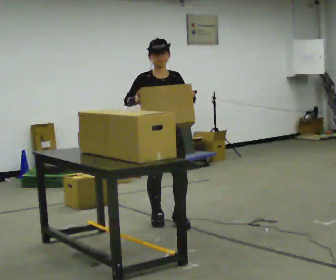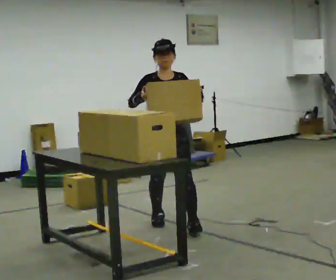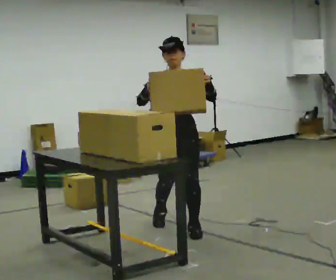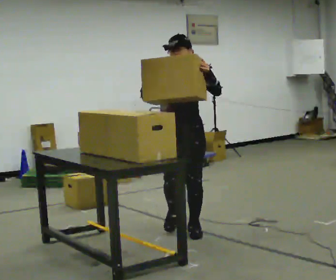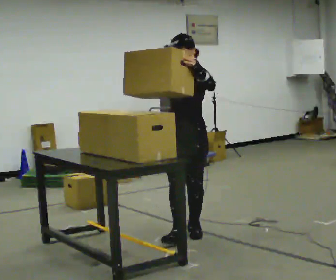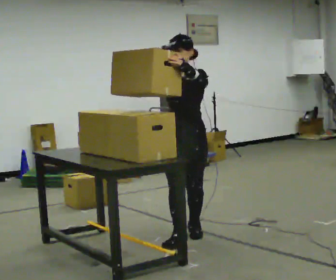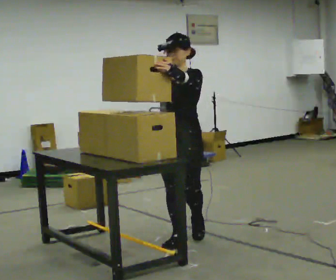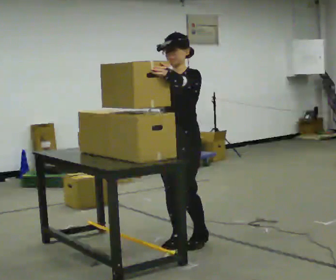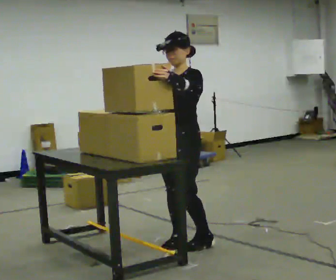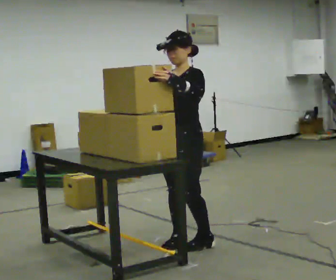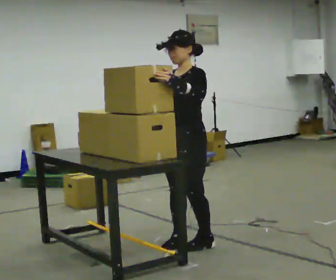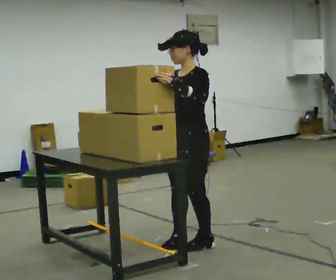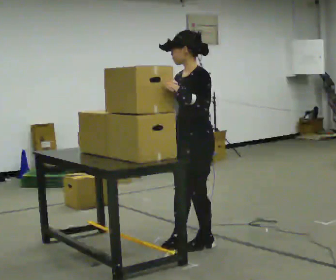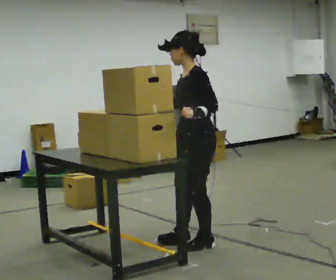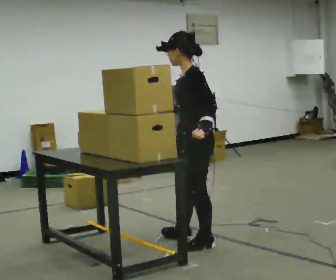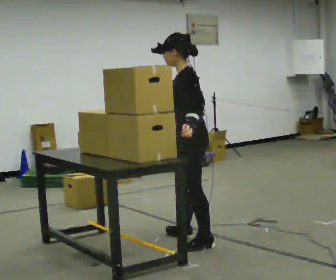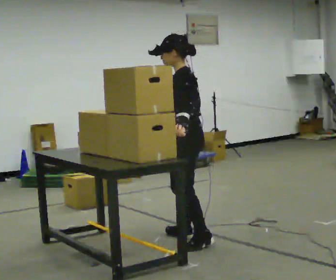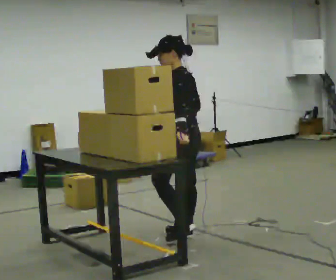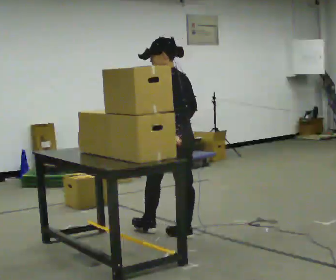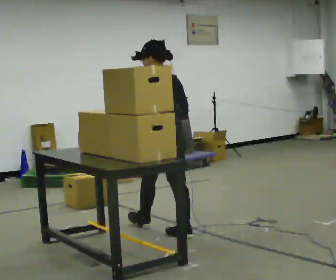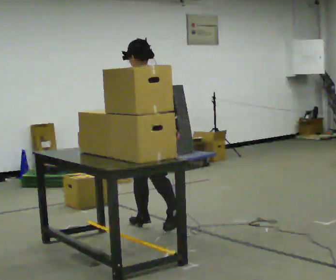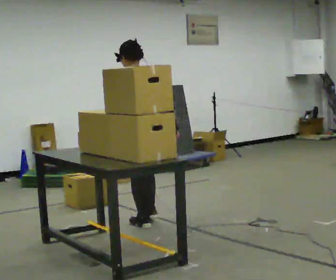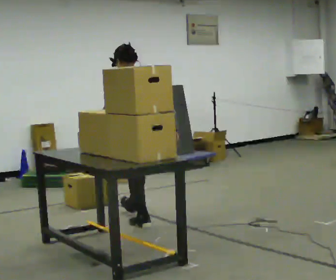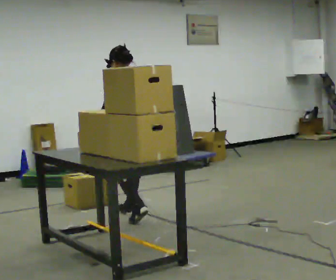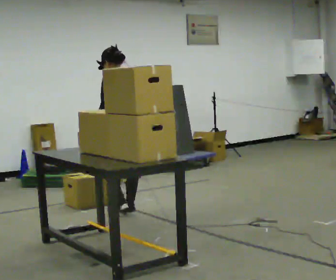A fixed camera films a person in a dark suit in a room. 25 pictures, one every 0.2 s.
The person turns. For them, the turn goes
to their right.
The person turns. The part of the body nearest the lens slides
to the left.
0.0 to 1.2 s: The person turns about 45 degrees to their right, clockwise seen from above, so the part of the body nearest the lens slides to the left. In the picture they go toward the camera, about 0.75 m in 2 steps, which for them is forward and to their left.
1.2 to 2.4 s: The part of the body nearest the lens slides to the left as the person turns to their right by about 30 degrees.
2.4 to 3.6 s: The person turns about 60 degrees to their right, clockwise seen from above, so the part of the body nearest the lens slides to the left. In the picture they go away from the camera, about 0.25 m in 1 step.
3.6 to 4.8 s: In the picture they go away from the camera and to the left, about 1 m in 2 steps, which for them is forward.
The film runs forward here.
